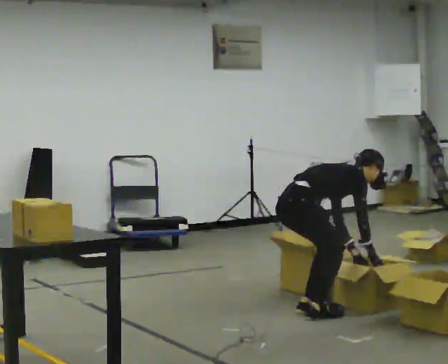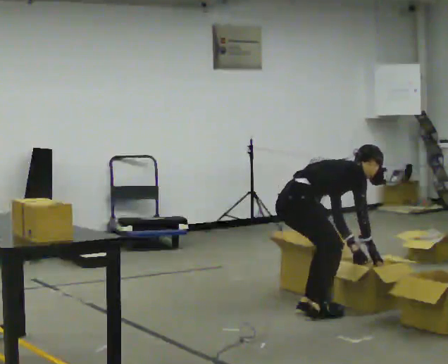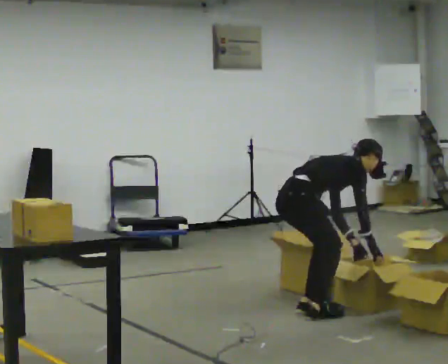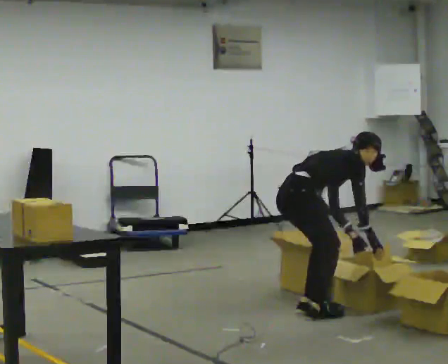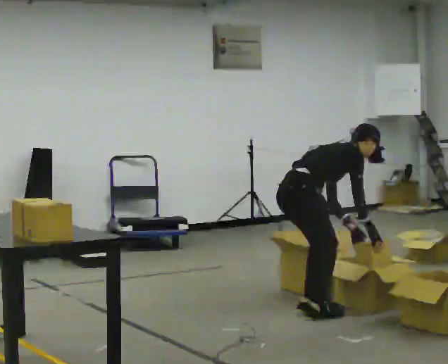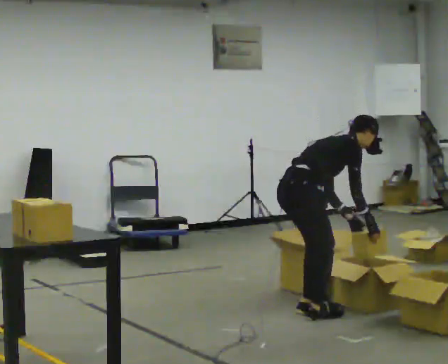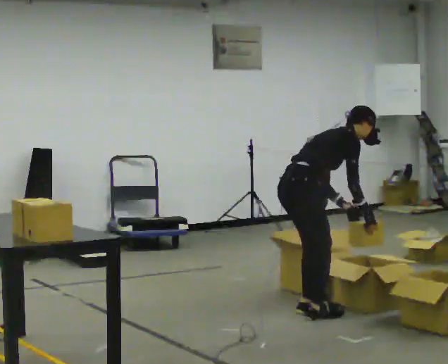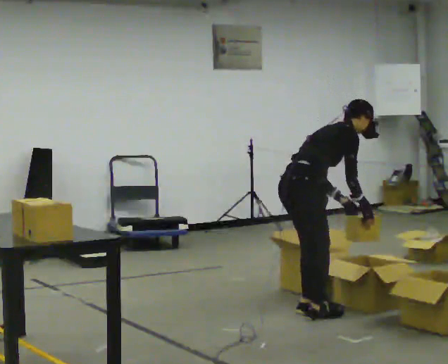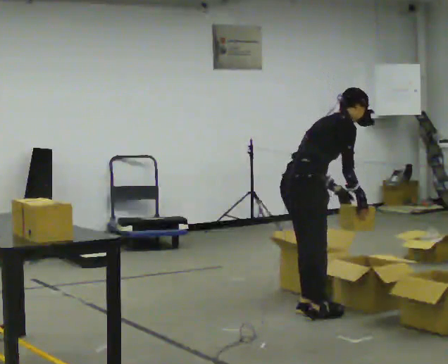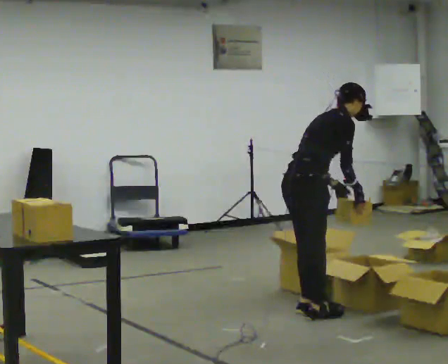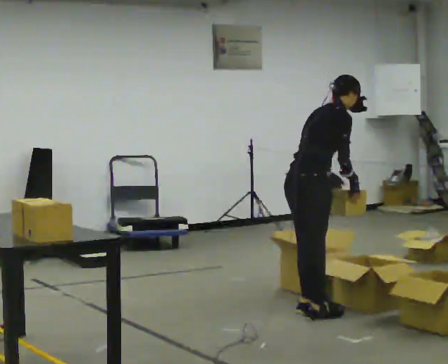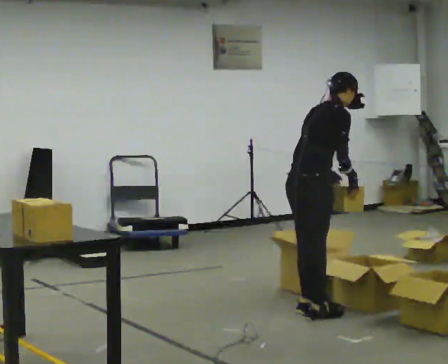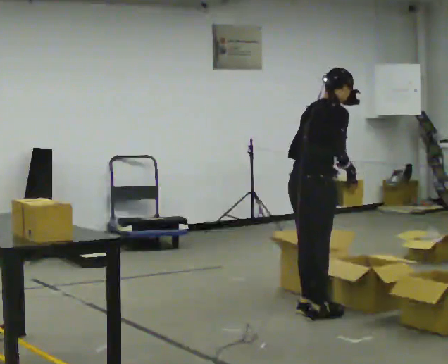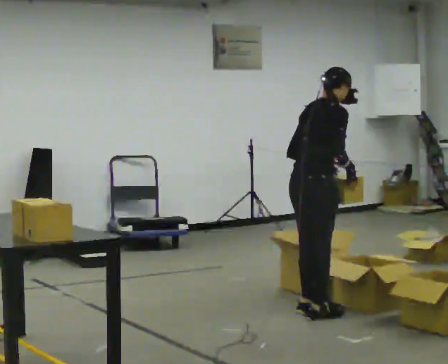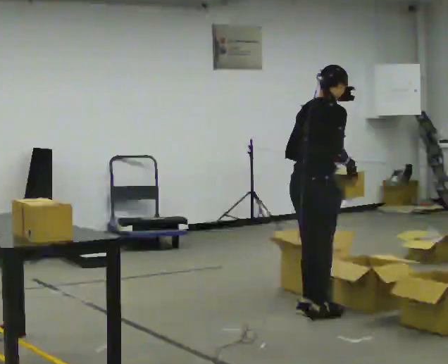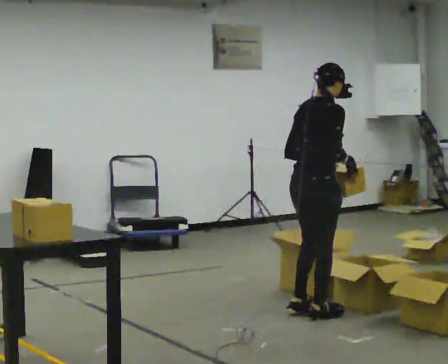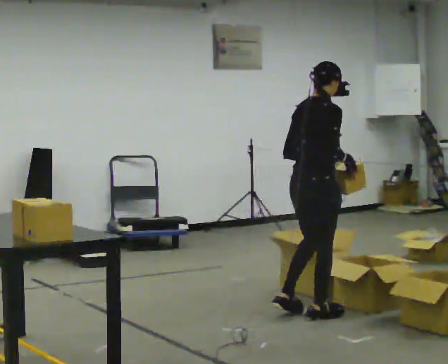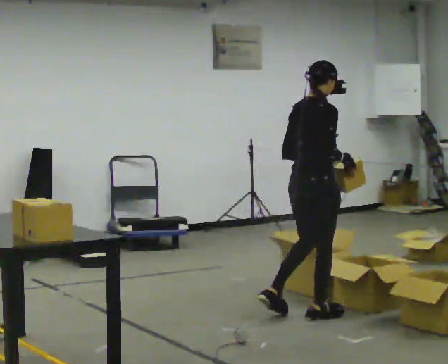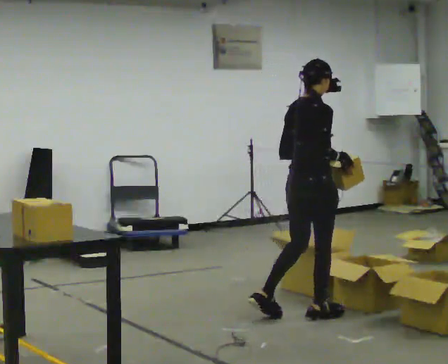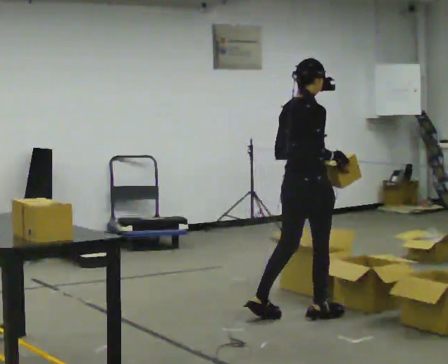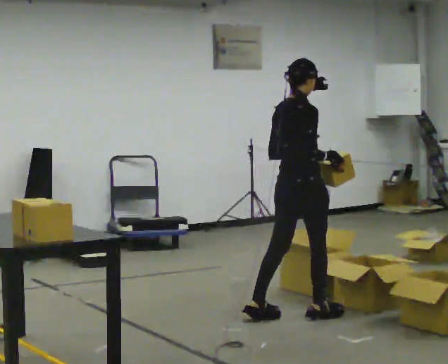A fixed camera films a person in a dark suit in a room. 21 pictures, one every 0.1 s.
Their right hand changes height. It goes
upward.
Their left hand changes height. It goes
upward.
0.0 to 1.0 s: The upper body goes upward. In the picture the upper body tilts counterclockwise, shoulders to the left, as they lean back or straighten. In the picture their left hand goes upward.
1.0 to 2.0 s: In the picture the upper body tilts counterclockwise, shoulders to the left, as they lean back or straighten.
The film runs backward here.
